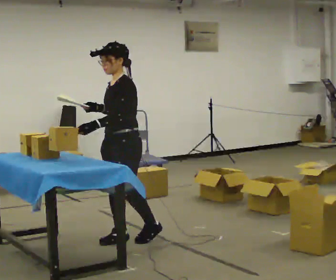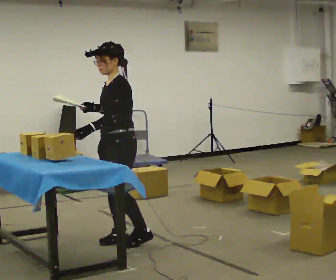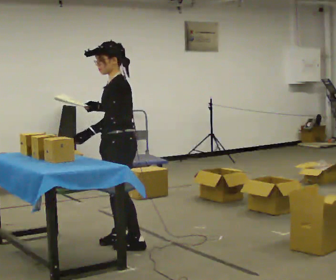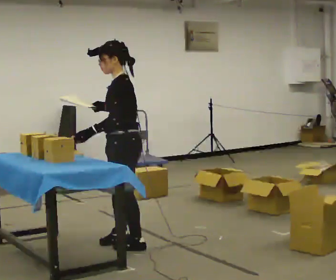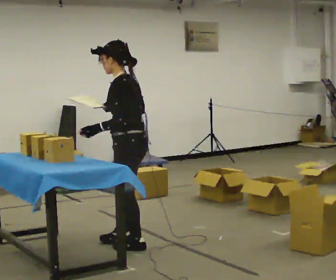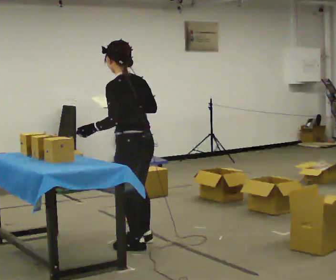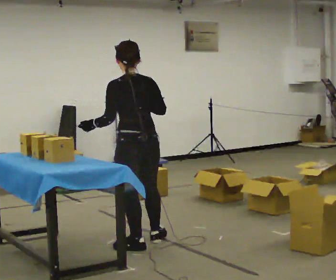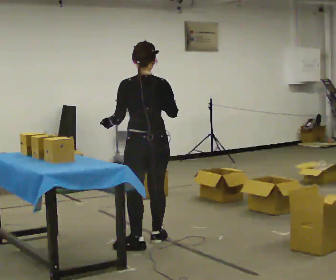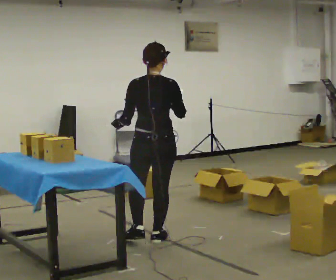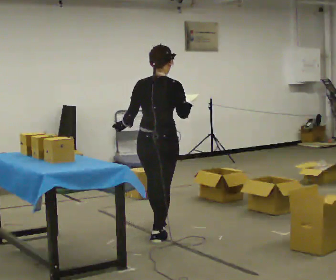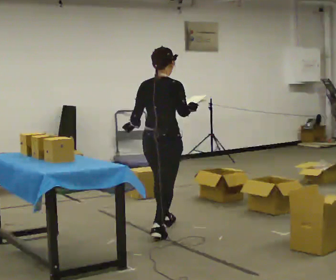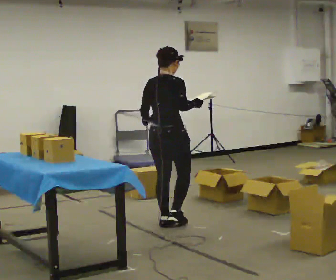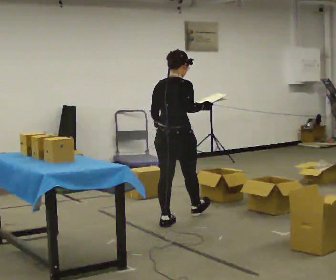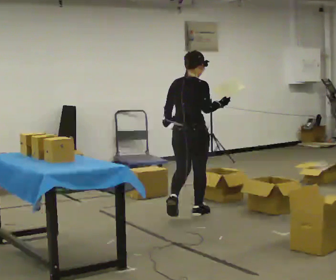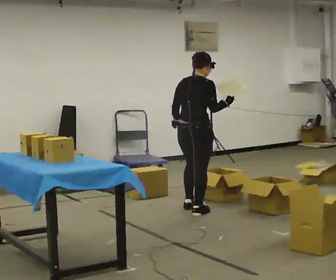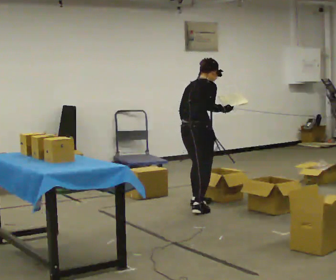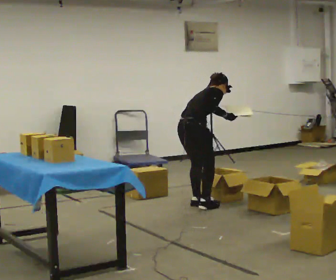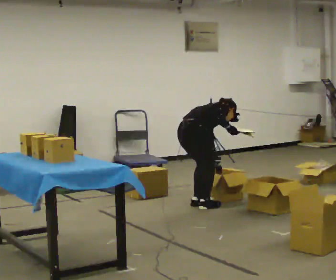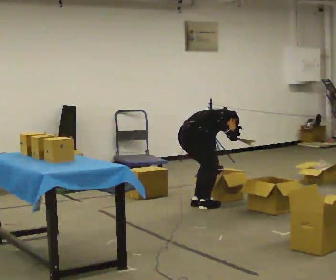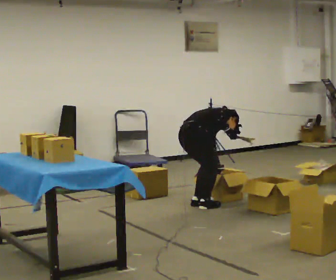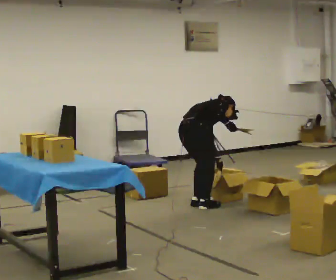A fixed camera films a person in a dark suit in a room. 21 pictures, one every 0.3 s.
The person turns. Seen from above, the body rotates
clockwise.
The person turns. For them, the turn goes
to their right.
0.0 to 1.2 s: Seen from above the body turns clockwise, about 45 degrees: to their right, with its near side sliding to the left. In the picture they go toward the camera, about 0.25 m in 1 step, which for them is to their left.
1.2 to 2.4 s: Seen from above the body turns clockwise, about 75 degrees: to their right, with its near side sliding to the left. In the picture they go away from the camera and to the right, about 0.25 m in 1 step.
2.4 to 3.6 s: The person turns about 30 degrees to their right, clockwise seen from above, so the part of the body nearest the lens slides to the left. In the picture they go away from the camera, about 0.75 m in 1 step, which for them is forward.
3.6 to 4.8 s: The part of the body nearest the lens slides to the left as the person turns to their right by about 30 degrees. In the picture they go away from the camera, about 0.5 m in 2 steps, which for them is forward. In the picture the upper body tilts clockwise, shoulders to the right, as they bend forward.
4.8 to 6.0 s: The person moves a little, or ends about where they began.
The film runs forward here.
